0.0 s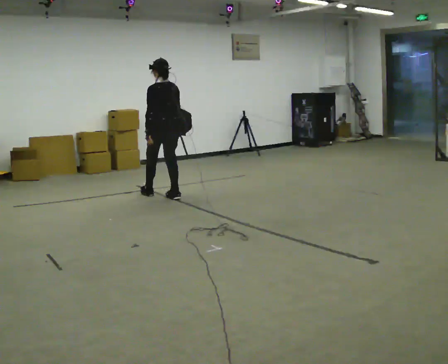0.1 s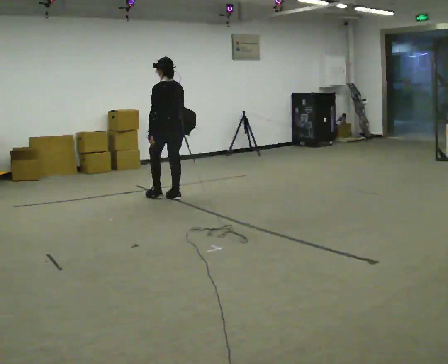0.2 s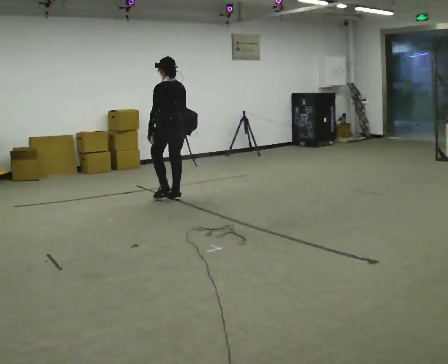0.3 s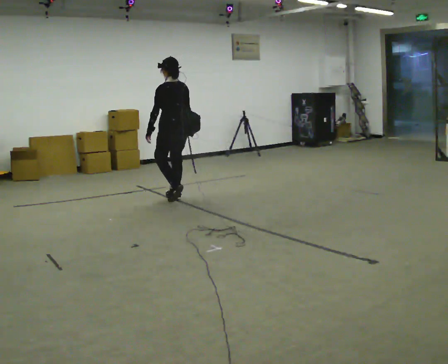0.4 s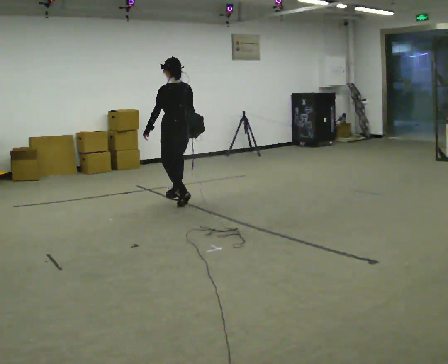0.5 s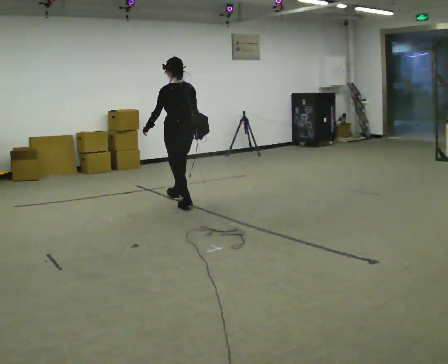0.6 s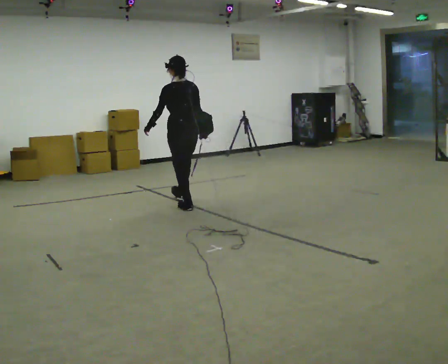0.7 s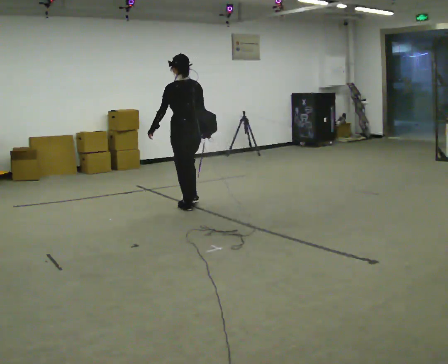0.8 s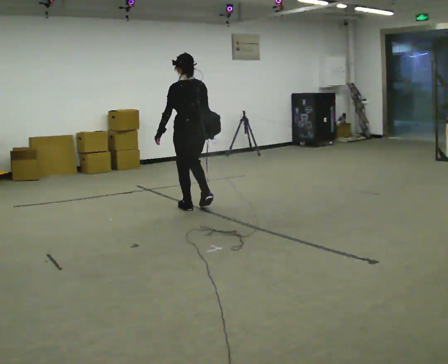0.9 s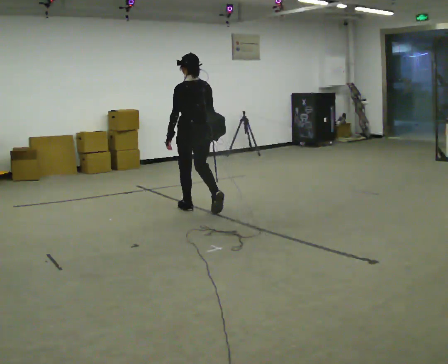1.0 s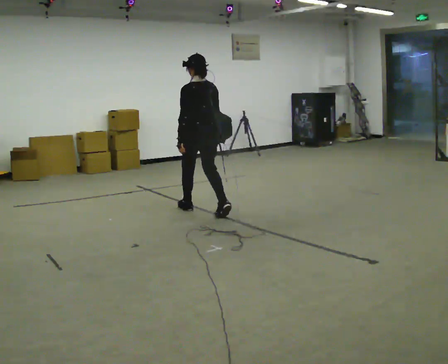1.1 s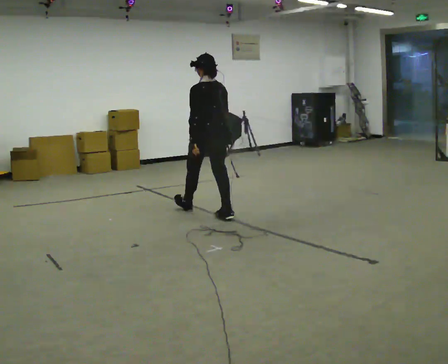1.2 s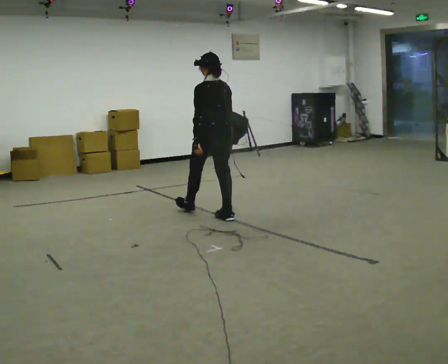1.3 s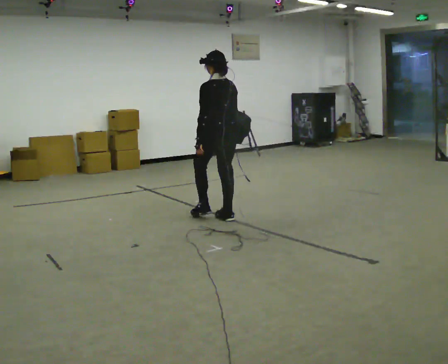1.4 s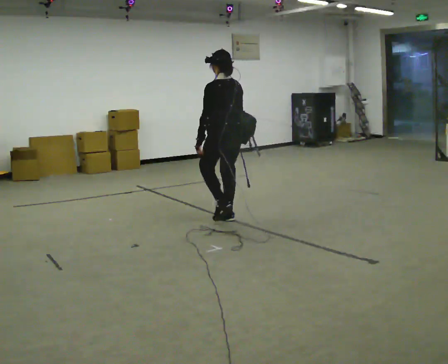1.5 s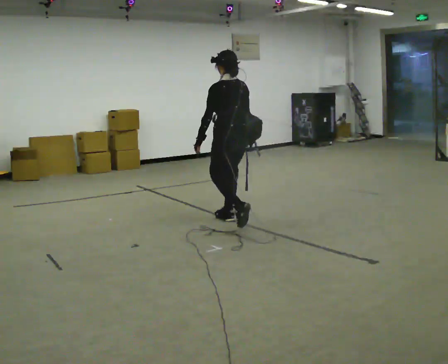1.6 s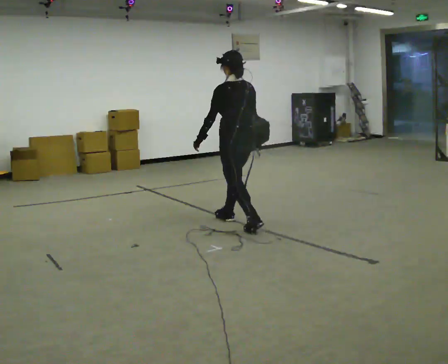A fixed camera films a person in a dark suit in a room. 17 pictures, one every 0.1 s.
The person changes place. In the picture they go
toward the camera.
0.0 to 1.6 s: In the picture they go toward the camera and to the right, about 1.5 m in 2 steps, which for them is backward.
The film runs backward here.
